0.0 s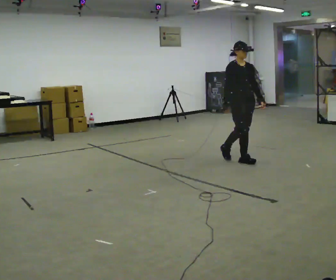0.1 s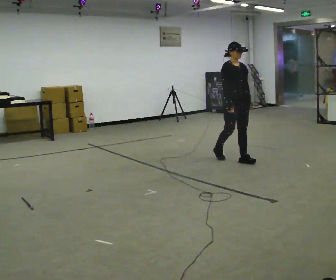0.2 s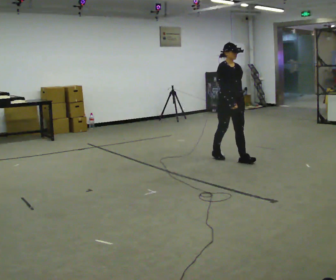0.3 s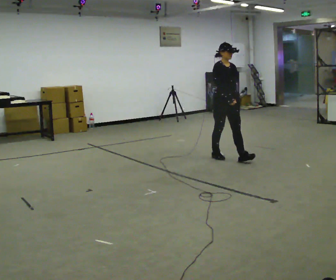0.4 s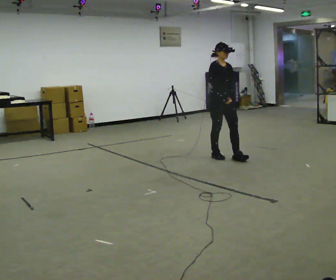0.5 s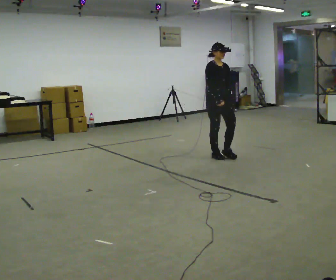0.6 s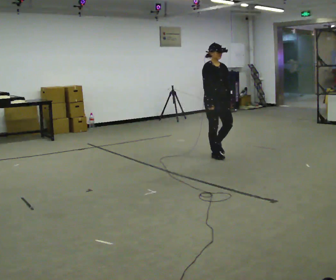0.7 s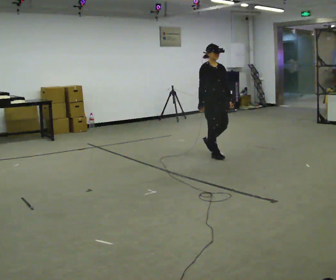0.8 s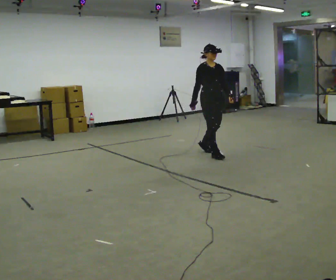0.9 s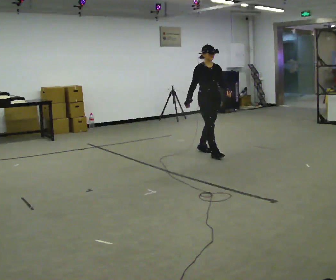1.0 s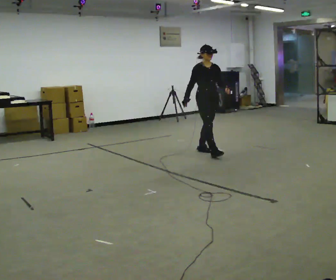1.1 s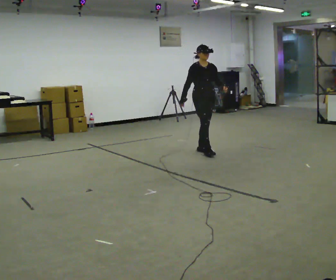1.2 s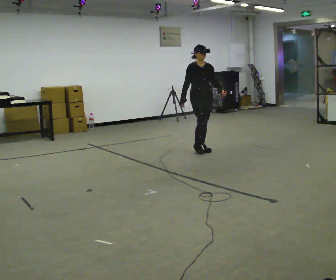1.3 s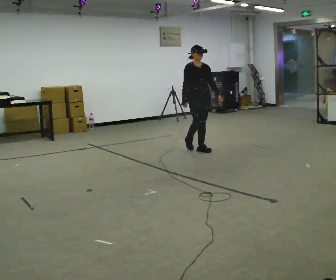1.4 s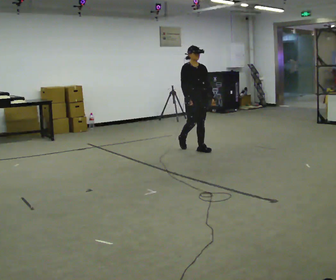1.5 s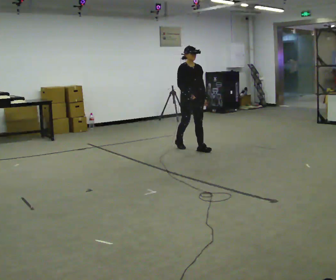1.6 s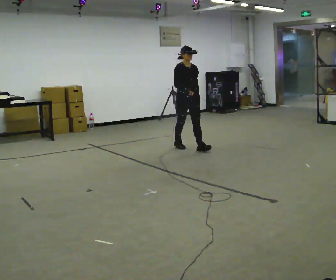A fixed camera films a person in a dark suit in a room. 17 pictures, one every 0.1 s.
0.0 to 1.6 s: In the picture they go away from the camera and to the left, about 1 m in 2 steps, which for them is backward.
The film runs backward here.
